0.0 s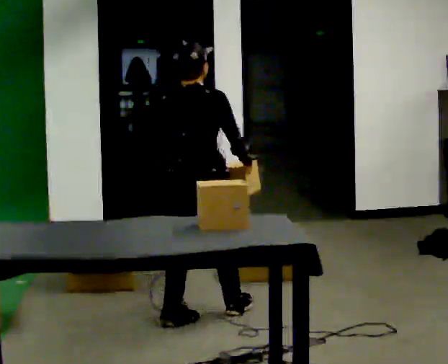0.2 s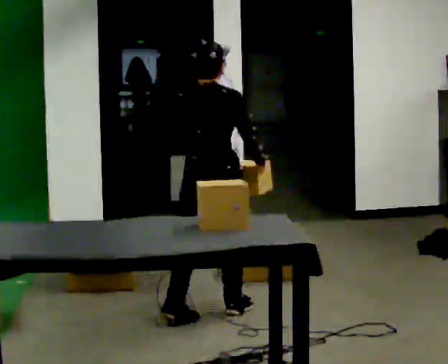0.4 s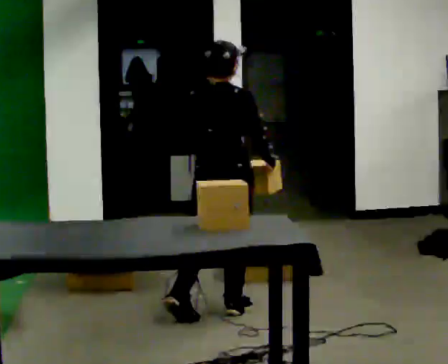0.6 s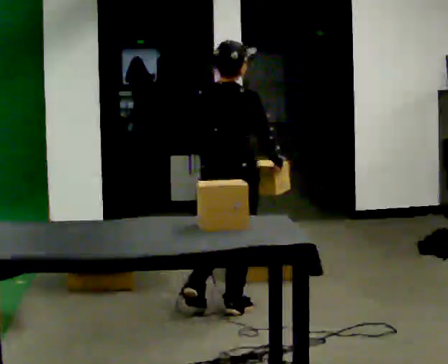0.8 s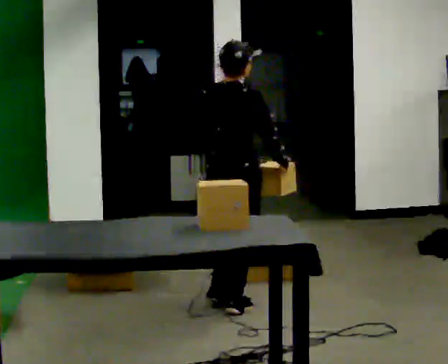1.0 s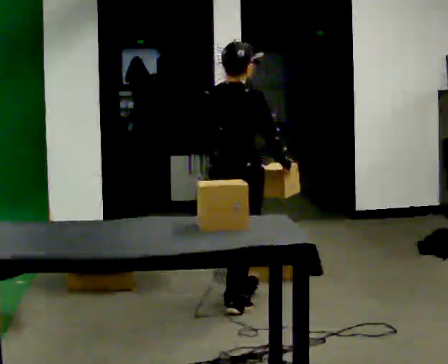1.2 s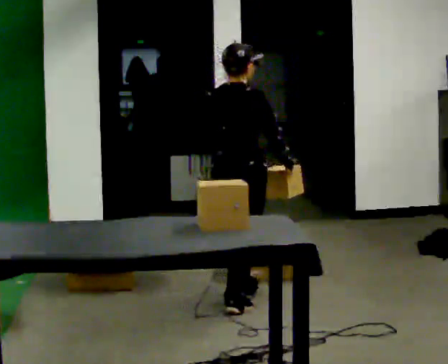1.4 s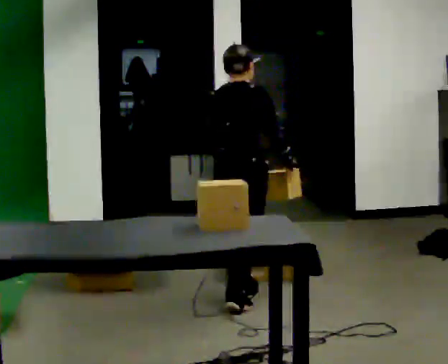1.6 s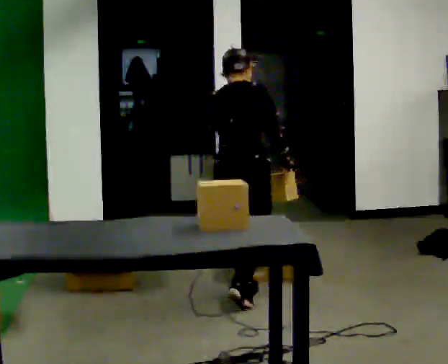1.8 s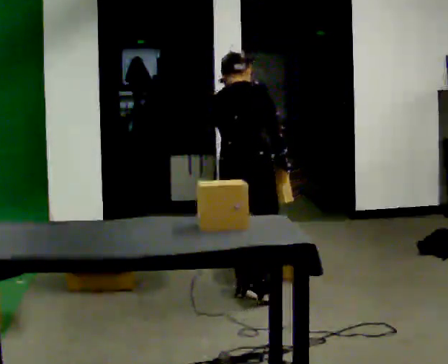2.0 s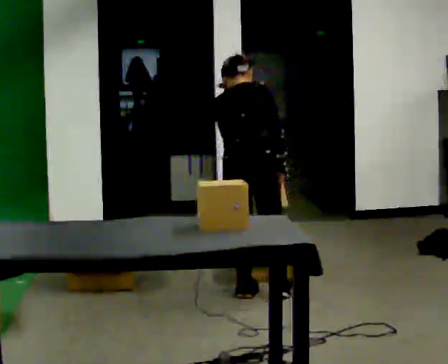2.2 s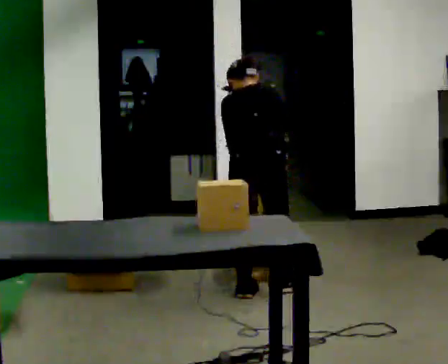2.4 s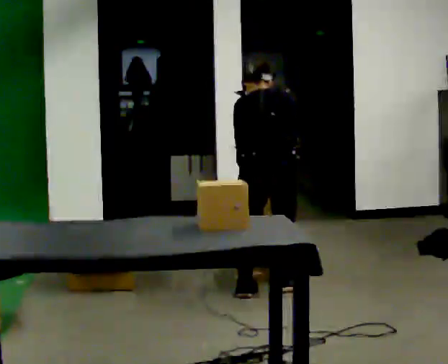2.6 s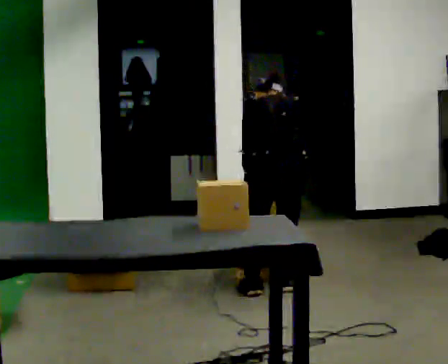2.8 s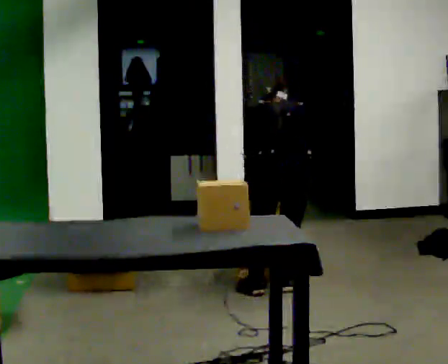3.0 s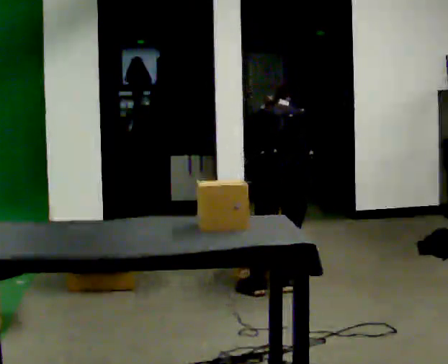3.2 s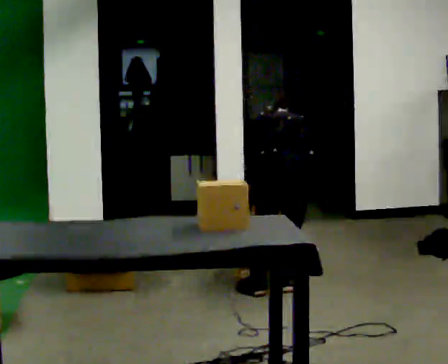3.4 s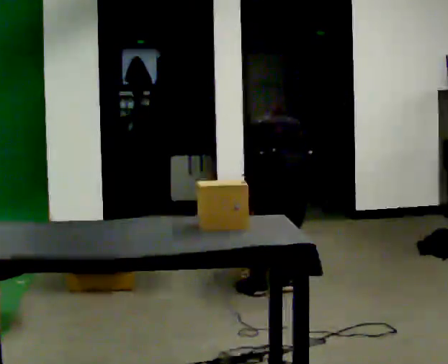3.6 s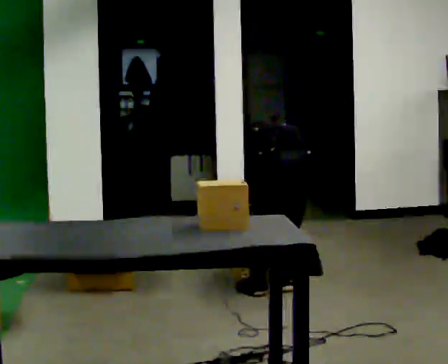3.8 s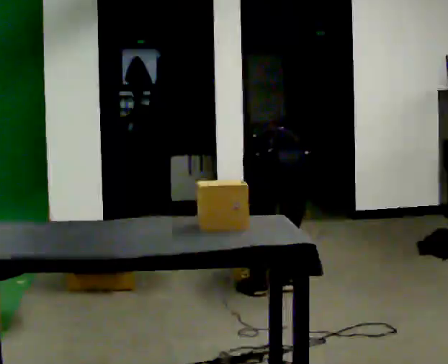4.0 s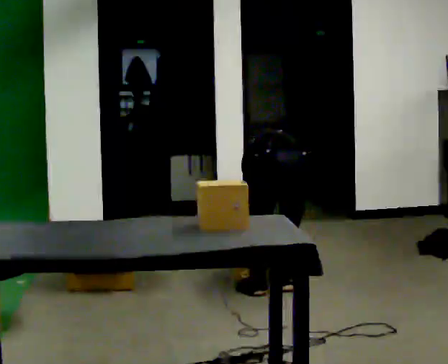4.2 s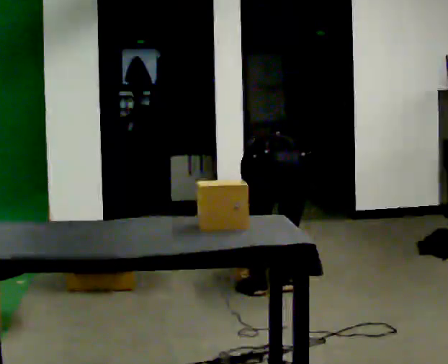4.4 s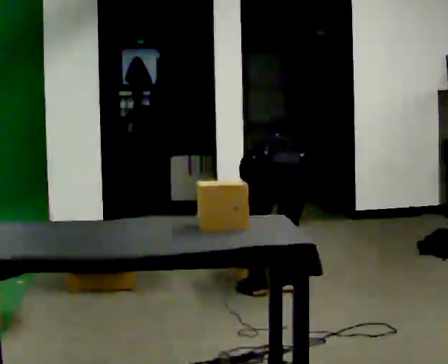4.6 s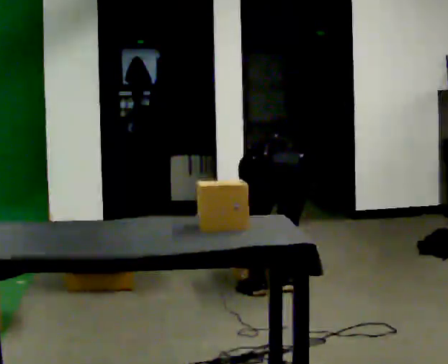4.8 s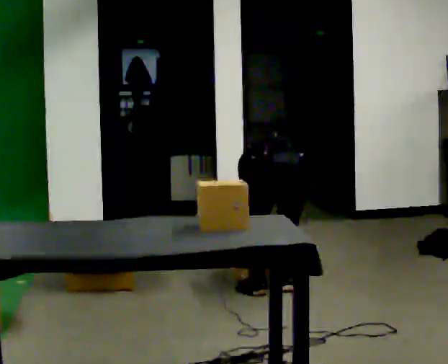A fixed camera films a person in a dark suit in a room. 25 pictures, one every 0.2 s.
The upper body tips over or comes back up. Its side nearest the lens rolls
upward.
Their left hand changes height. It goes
downward.
0.0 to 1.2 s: In the picture they go away from the camera and to the right, about 0.25 m in 1 step, which for them is forward.
1.2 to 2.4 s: The part of the body nearest the lens slides to the right as the person turns to their left by about 45 degrees. In the picture they go away from the camera and to the right, about 0.25 m in 1 step, which for them is forward and to their right. The upper body tips away from the camera, its near side rolling upward, as they bend forward.
2.4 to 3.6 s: The shoulders move downward. The upper body tips away from the camera, its near side rolling upward, as they bend forward.
3.6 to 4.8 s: In the picture the upper body tilts counterclockwise, shoulders to the left.
The film runs forward here.
